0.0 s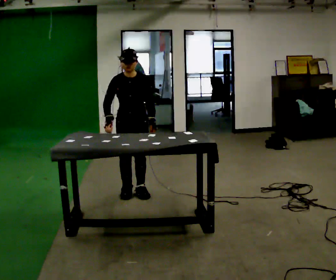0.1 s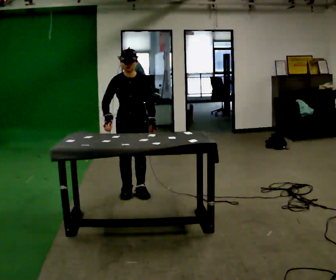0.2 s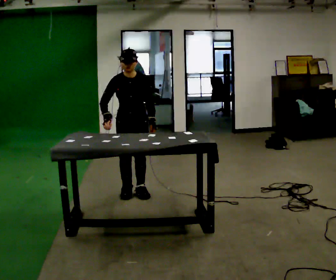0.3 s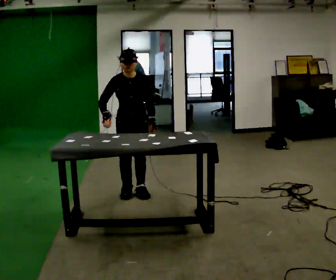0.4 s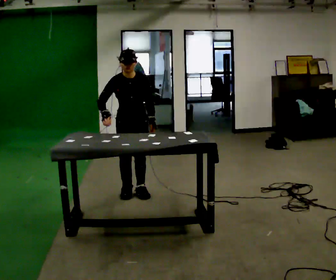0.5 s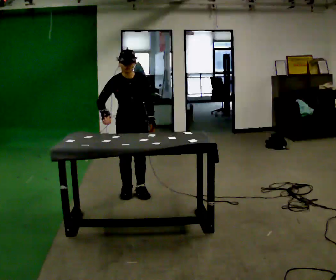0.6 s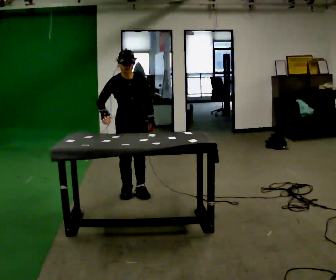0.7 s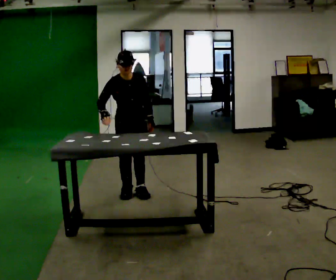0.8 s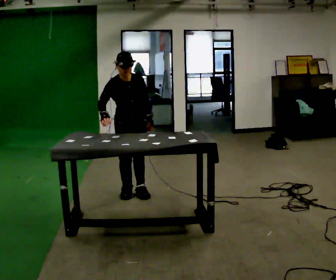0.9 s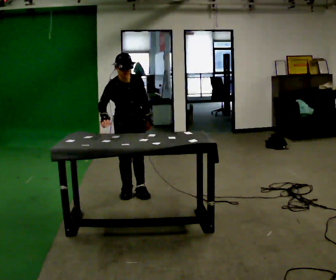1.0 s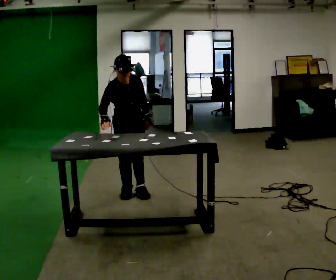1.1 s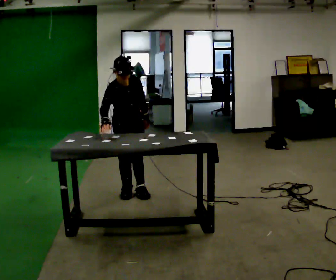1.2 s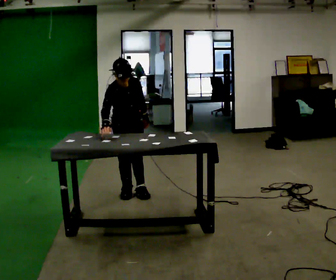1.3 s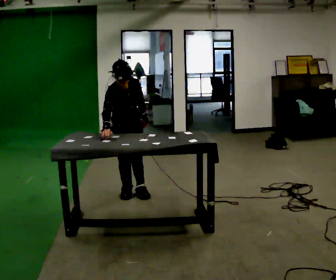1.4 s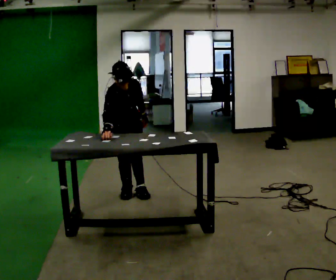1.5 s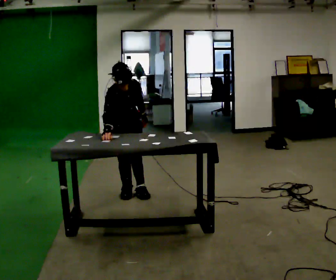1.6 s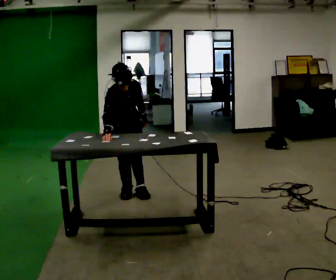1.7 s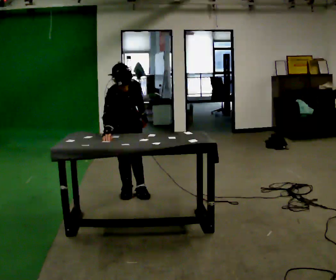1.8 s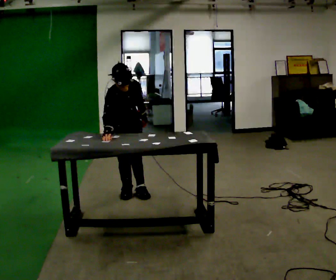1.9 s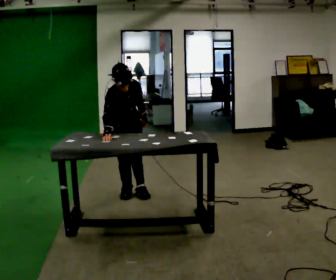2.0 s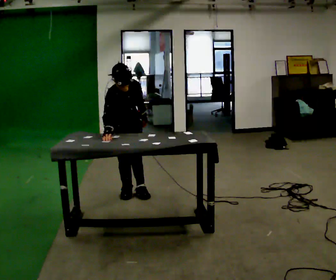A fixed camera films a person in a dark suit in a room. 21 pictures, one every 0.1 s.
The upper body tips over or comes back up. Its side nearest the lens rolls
downward.
0.0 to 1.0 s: Seen from above the body turns counterclockwise, about 30 degrees: to their left, with its near side sliding to the right. The upper body tips toward the camera, its near side rolling downward, as they bend forward.
1.0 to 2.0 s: The person moves a little, or ends about where they began.
The film runs backward here.
